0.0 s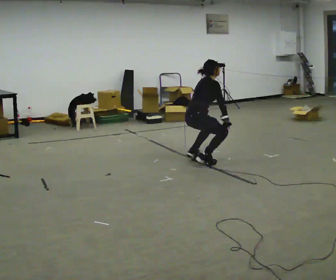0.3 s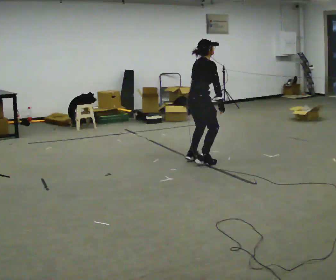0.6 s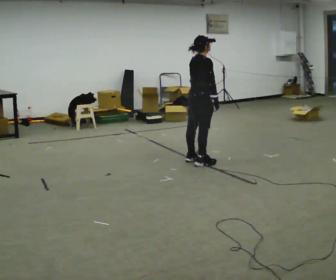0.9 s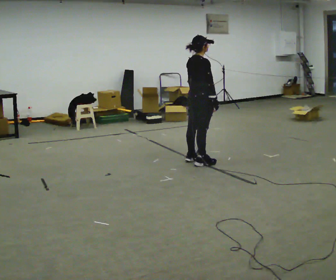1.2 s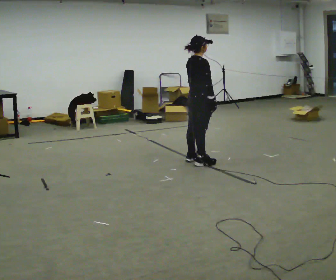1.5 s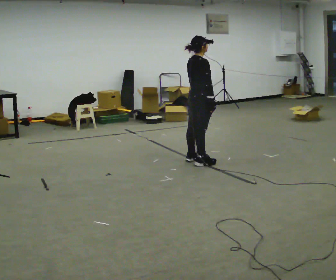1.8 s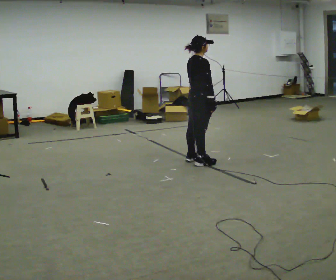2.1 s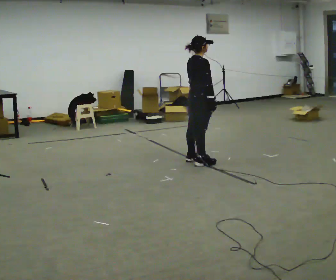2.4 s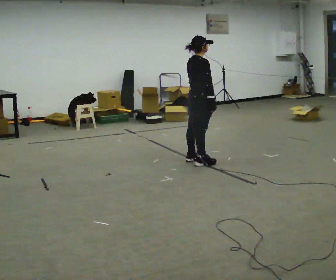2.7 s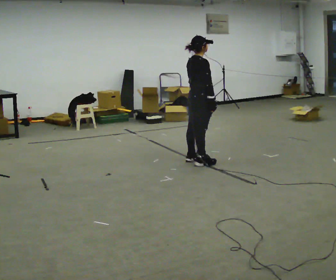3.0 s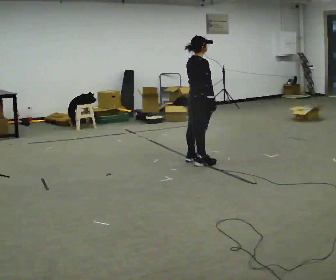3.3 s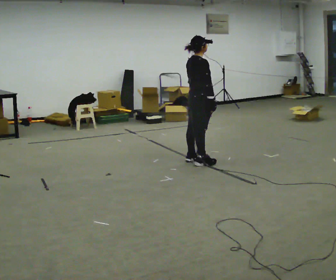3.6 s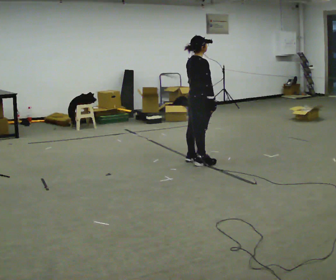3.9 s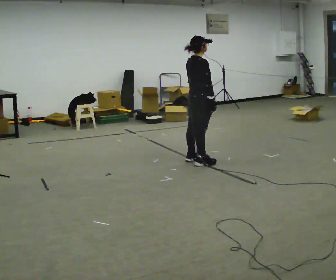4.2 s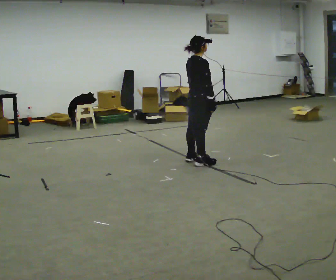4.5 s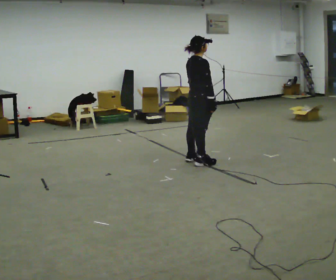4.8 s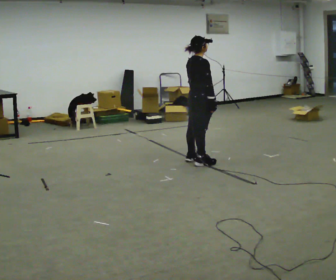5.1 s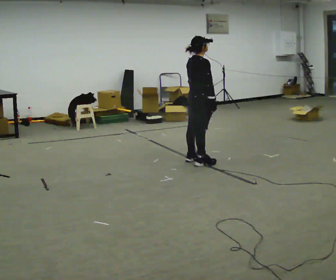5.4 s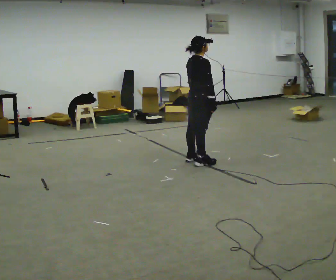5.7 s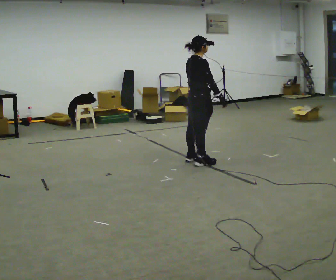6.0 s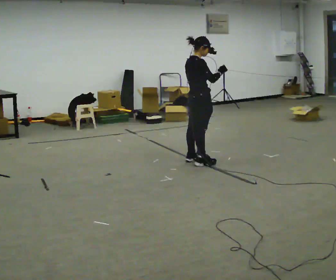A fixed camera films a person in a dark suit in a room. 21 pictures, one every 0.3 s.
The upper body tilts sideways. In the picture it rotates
counterclockwise.
Their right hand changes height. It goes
upward.
0.0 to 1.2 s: The upper body goes upward. In the picture the upper body tilts counterclockwise, shoulders to the left, as they lean back or straighten.
1.2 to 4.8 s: The person keeps their place and pose.
4.8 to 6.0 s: In the picture their right hand goes upward.
The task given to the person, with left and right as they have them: Squat down as far as is comfortable, then stand back up. Repeat the movement at your own pace until the operator says stop; do not rush.
The film runs forward here.
